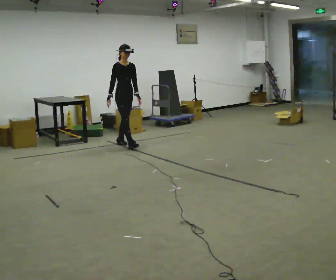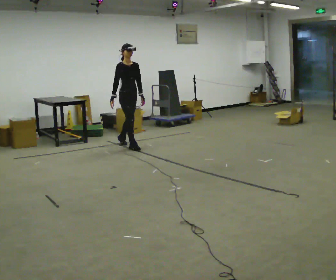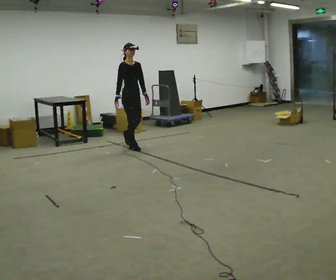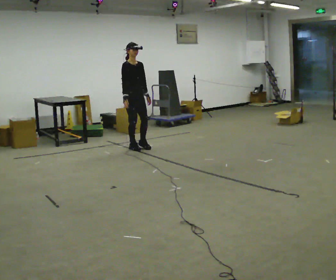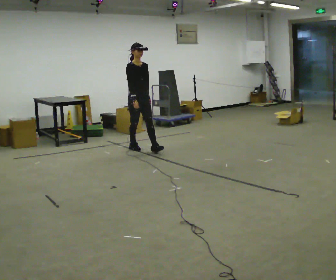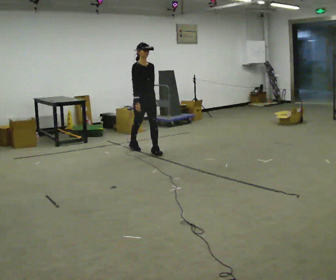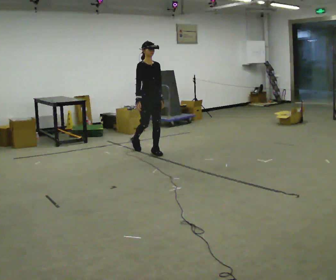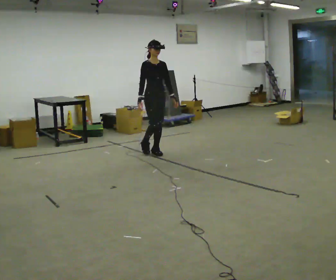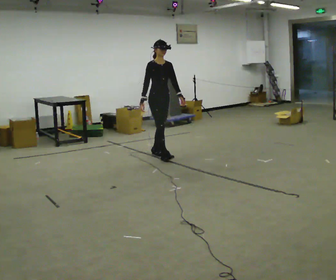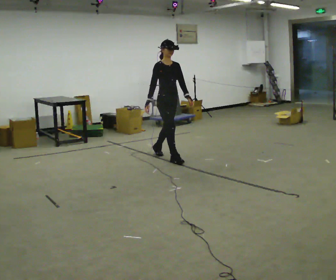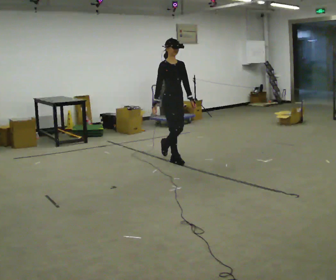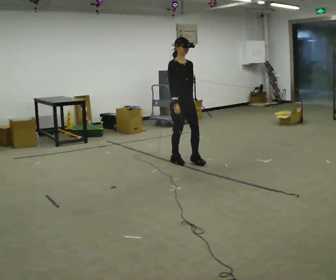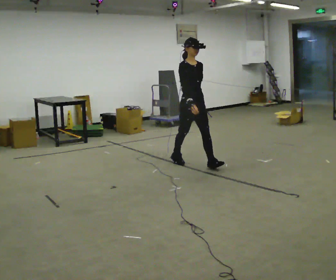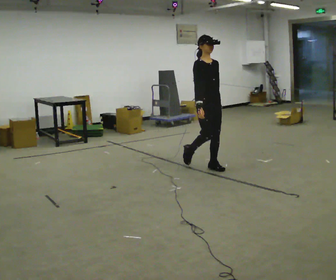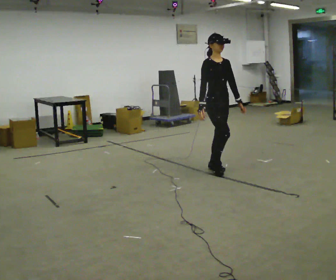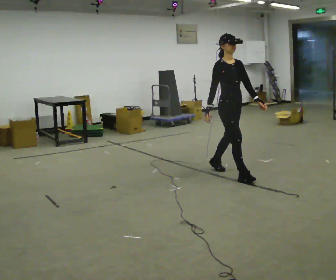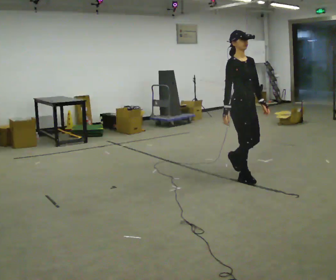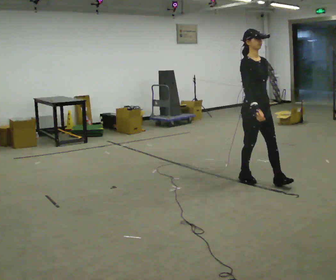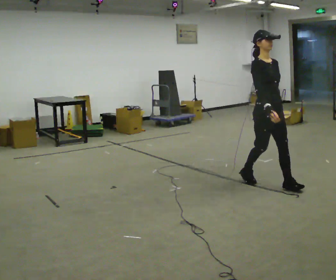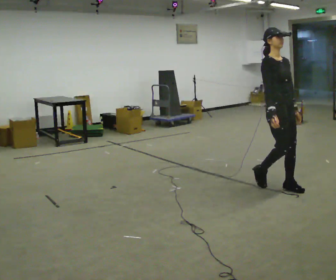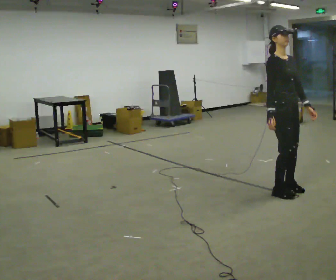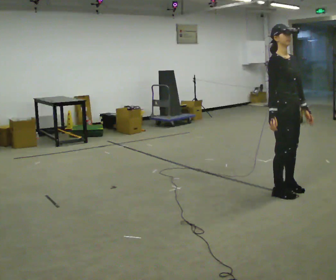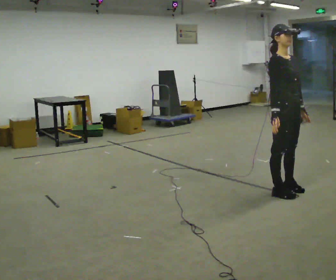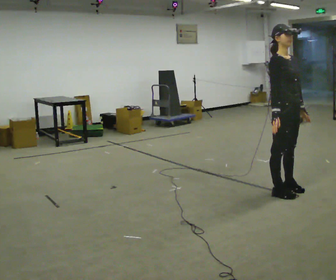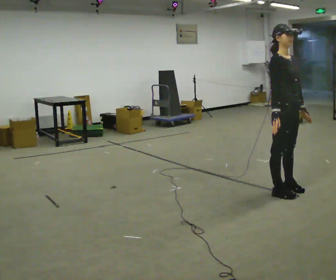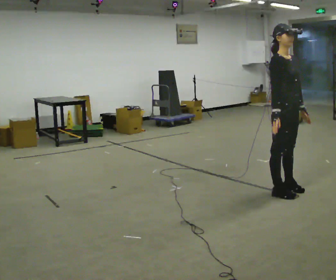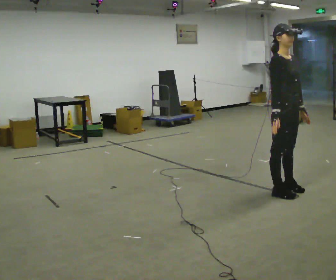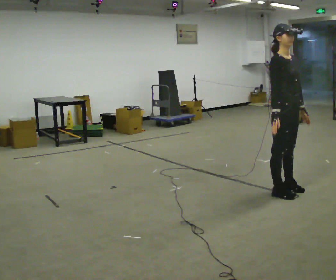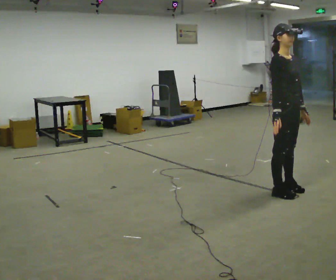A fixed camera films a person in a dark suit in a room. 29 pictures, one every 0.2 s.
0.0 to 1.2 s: In the picture they go to the right and toward the camera, about 0.75 m in 1 step, which for them is forward.
1.2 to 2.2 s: In the picture they go toward the camera and to the right, about 1 m in 1 step, which for them is forward.
2.2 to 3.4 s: In the picture they go toward the camera and to the right, about 1 m in 2 steps, which for them is forward.
3.4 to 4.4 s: In the picture they go toward the camera and to the right, about 0.5 m in 2 steps, which for them is forward.
4.4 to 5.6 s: The person keeps their place and pose.
The film runs forward here.
